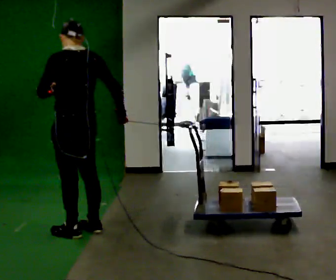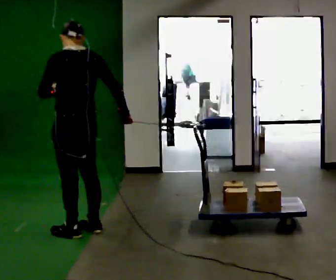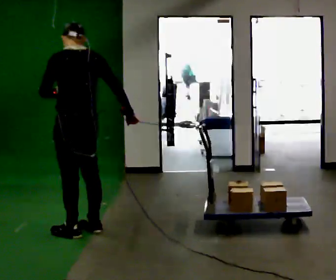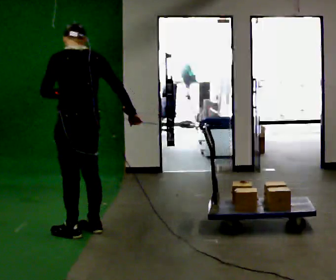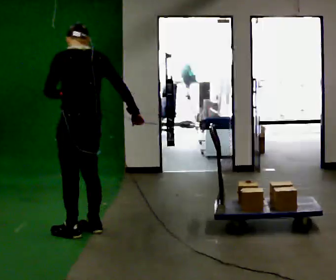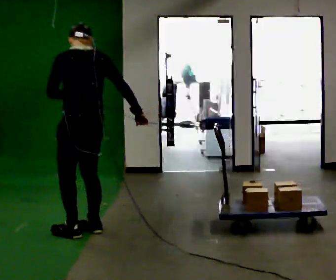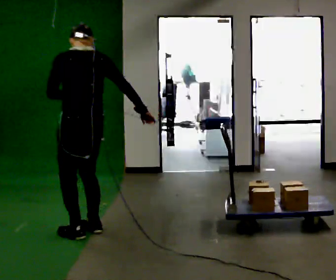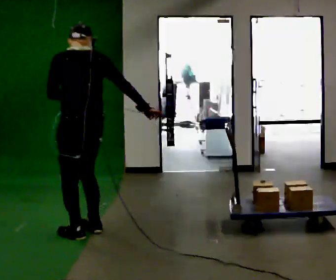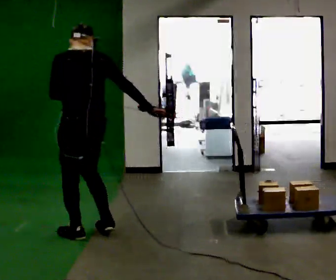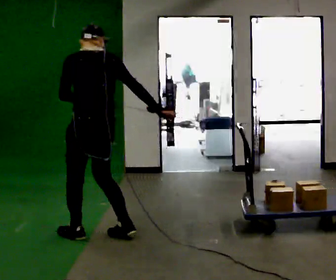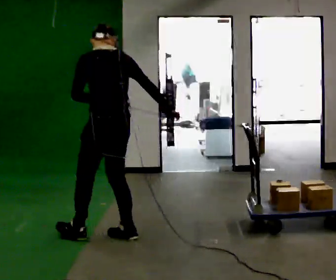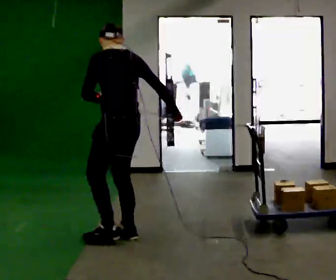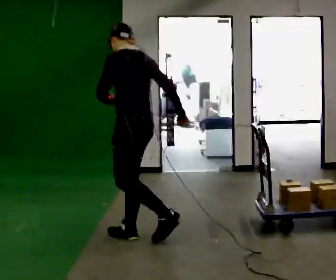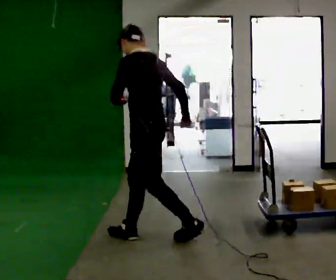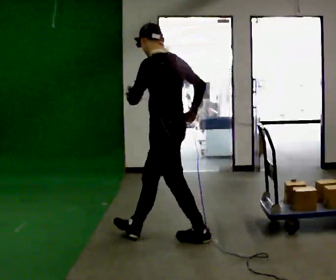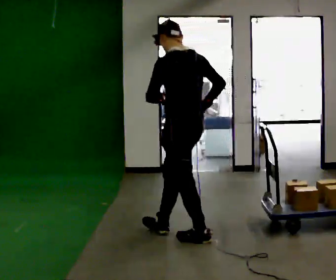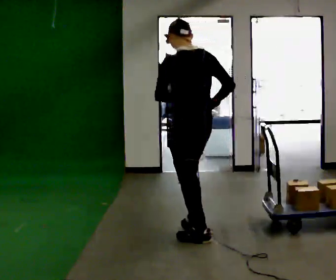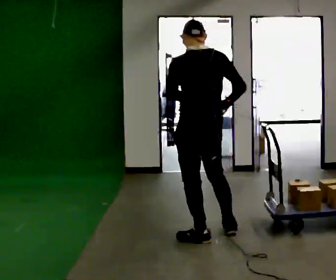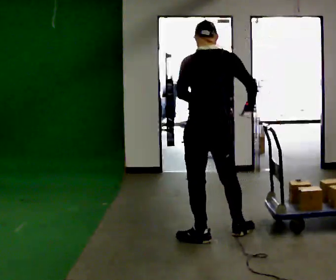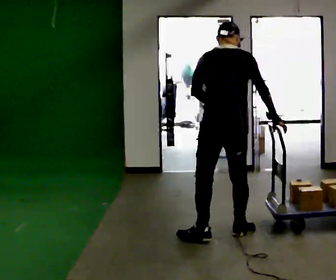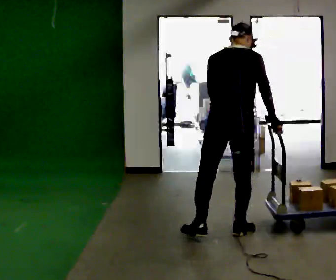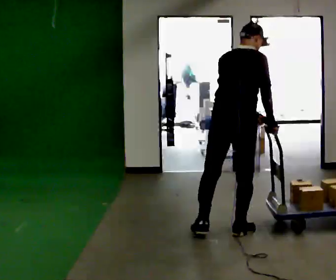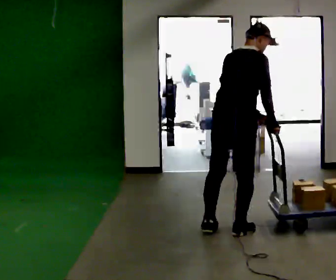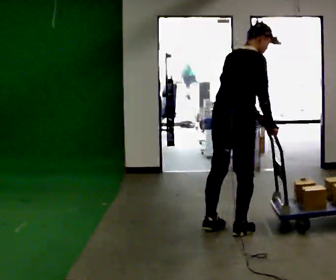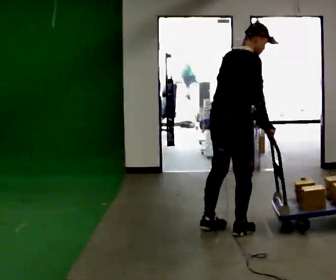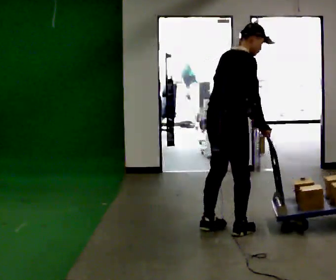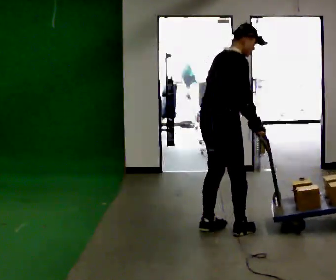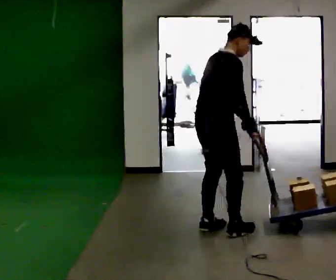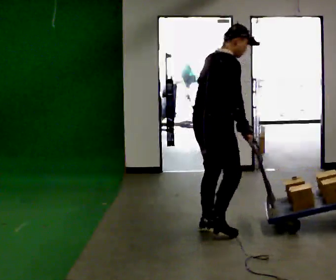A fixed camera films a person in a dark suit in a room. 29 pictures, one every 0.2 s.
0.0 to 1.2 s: The person moves a little, or ends about where they began.
1.2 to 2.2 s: In the picture they go to the right, about 0.25 m in 2 steps, which for them is backward and to their right.
2.2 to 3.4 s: Seen from above the body turns clockwise, about 30 degrees: to their right, with its near side sliding to the left. In the picture they go to the right, about 0.5 m in 1 step, which for them is backward.
3.4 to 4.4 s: The part of the body nearest the lens slides to the left as the person turns to their right by about 60 degrees. In the picture they go to the right and away from the camera, about 0.25 m in 1 step. In the picture the upper body tilts clockwise, shoulders to the right, as they bend forward.
4.4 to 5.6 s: In the picture they go to the left, about 0.25 m in 1 step, which for them is to their left and backward.
The film runs backward here.
